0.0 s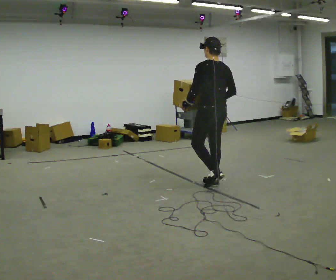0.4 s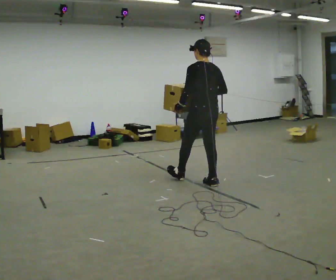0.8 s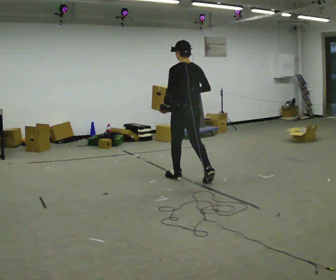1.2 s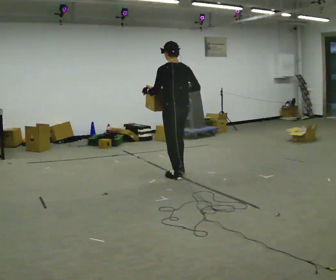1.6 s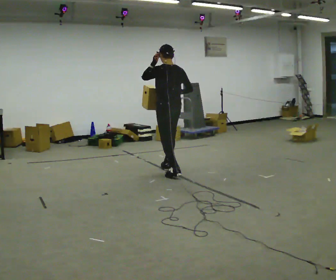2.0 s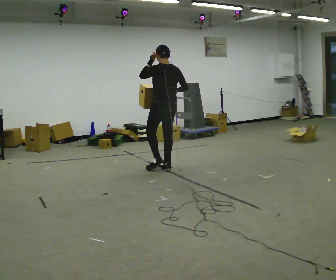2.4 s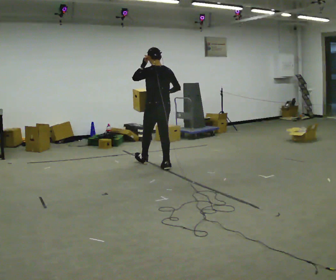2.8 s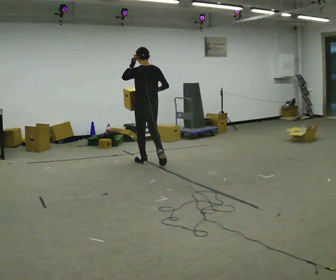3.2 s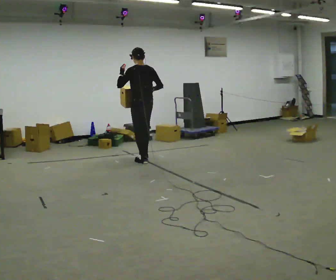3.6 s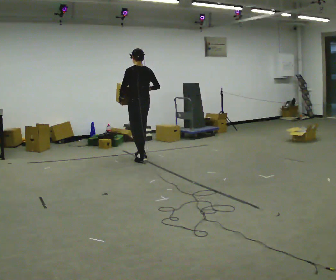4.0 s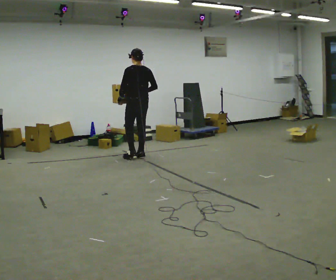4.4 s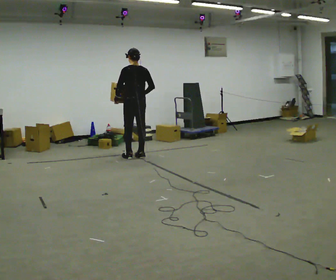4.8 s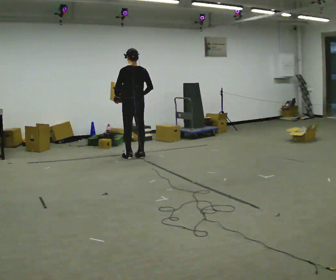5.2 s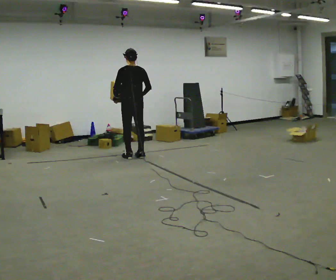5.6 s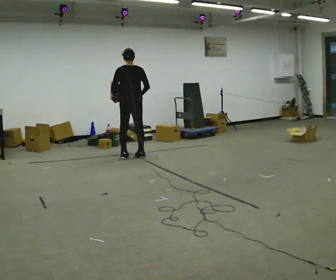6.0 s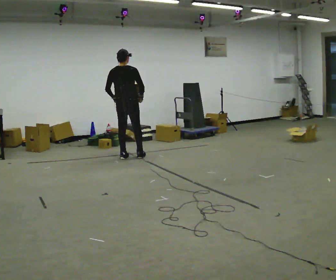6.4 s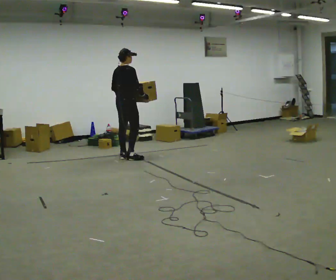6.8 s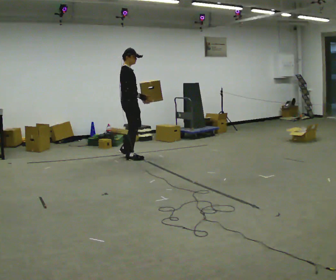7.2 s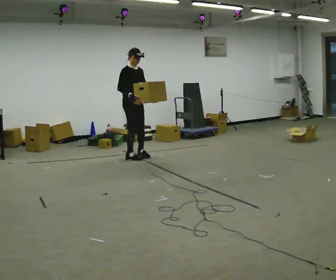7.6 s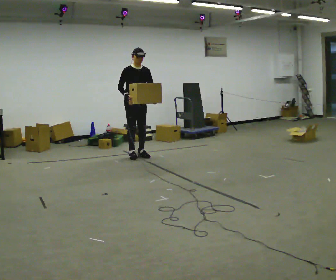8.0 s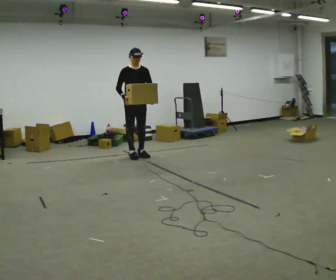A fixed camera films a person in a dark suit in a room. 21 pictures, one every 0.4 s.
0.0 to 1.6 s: In the picture they go away from the camera and to the left, about 1 m in 2 steps, which for them is forward. In the picture their left hand goes upward.
1.6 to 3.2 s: In the picture they go away from the camera and to the left, about 1 m in 1 step, which for them is forward.
3.2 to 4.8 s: In the picture they go away from the camera, about 0.25 m in 2 steps, which for them is forward. In the picture their left hand goes downward, the arm swinging counterclockwise.
4.8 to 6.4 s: Seen from above the body turns clockwise, about 75 degrees: to their right, with its near side sliding to the left.
6.4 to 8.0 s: Seen from above the body turns clockwise, about 120 degrees: to their right, with its near side sliding to the left. In the picture they go to the right, about 0.25 m in 2 steps. In the picture their left hand goes to the right.
The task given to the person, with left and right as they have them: Carry the heaviest box in both hands in front of you, walking back and forth across the room. Only carry what is comfortable. Set it down whenever you need to.
The film runs forward here.
